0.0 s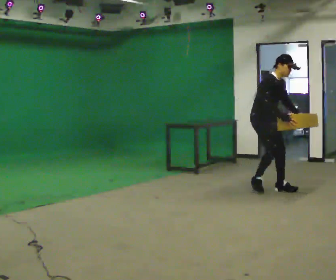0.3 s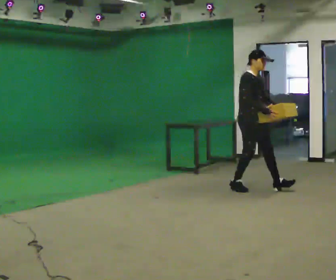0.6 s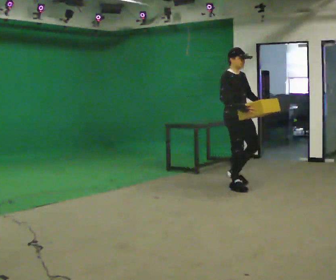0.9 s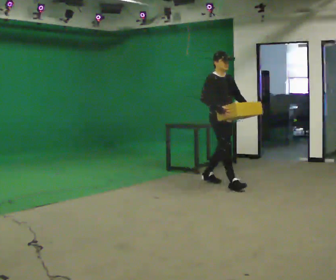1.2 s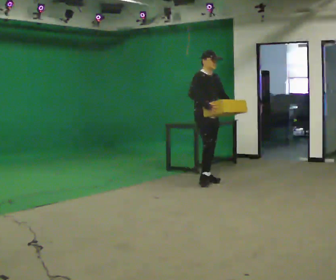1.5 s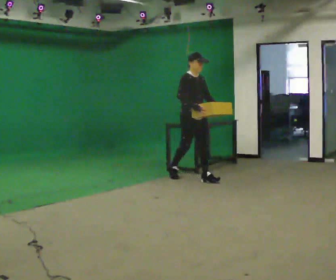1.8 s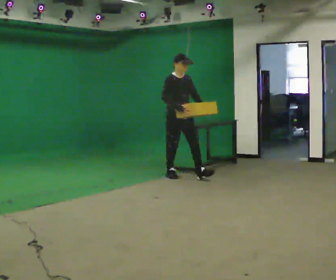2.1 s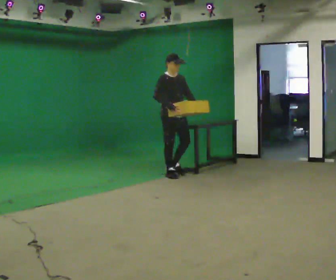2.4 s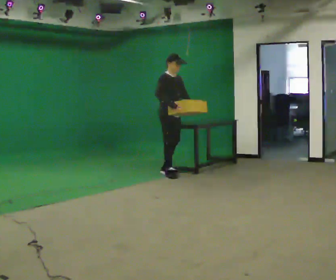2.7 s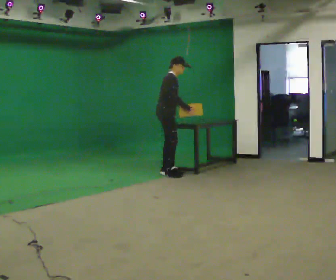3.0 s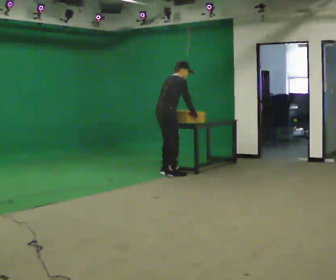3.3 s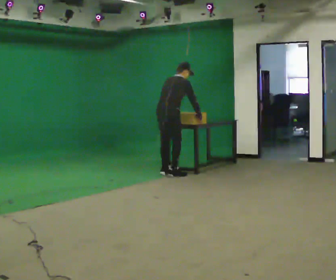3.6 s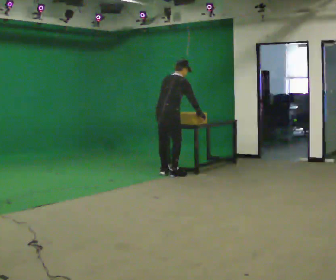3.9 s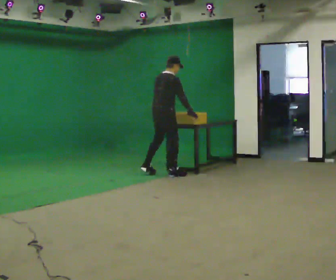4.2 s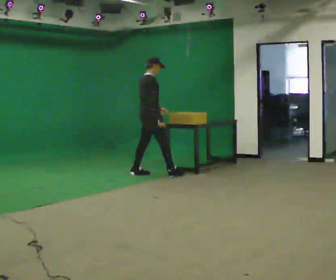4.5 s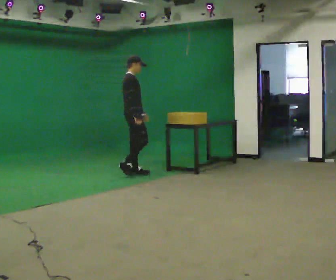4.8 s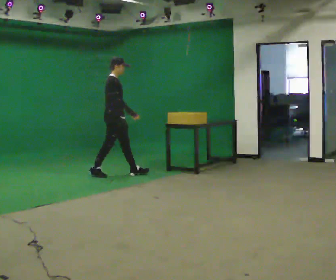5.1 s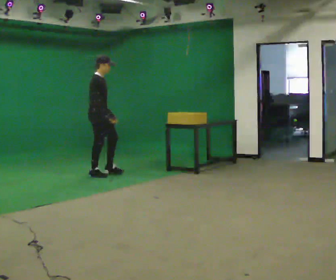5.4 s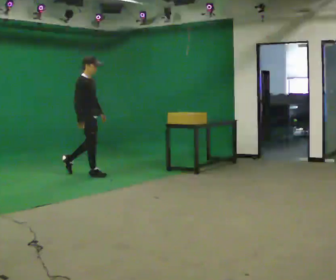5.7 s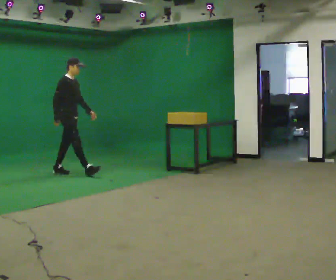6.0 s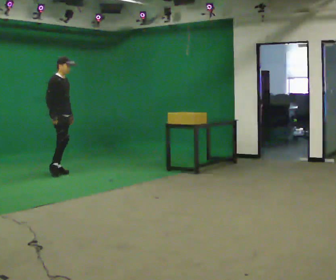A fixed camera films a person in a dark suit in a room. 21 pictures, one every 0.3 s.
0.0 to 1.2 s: In the picture they go to the left and away from the camera, about 1 m in 2 steps, which for them is backward.
1.2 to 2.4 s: In the picture they go to the left and away from the camera, about 0.5 m in 1 step, which for them is backward.
2.4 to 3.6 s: The part of the body nearest the lens slides to the right as the person turns to their left by about 90 degrees. The upper body tips away from the camera, its near side rolling upward, as they bend forward. In the picture their left hand goes to the left, the arm swinging clockwise.
3.6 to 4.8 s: The part of the body nearest the lens slides to the left as the person turns to their right by about 45 degrees. In the picture they go to the left, about 0.5 m in 2 steps, which for them is backward and to their left. The upper body tips toward the camera, its near side rolling downward, as they lean back or straighten.
4.8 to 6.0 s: In the picture they go to the left, about 1 m in 2 steps, which for them is backward.
The film runs backward here.
